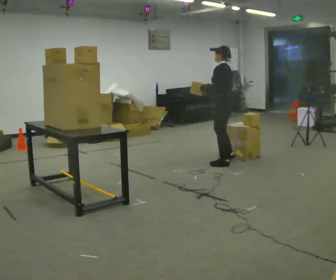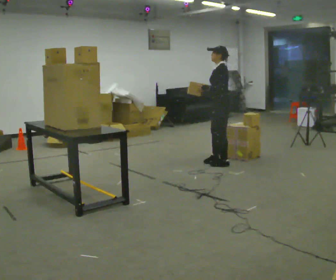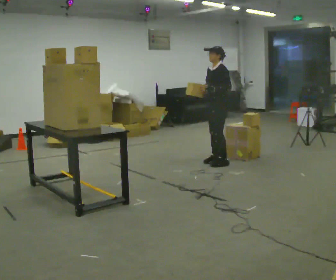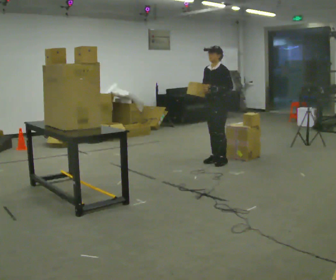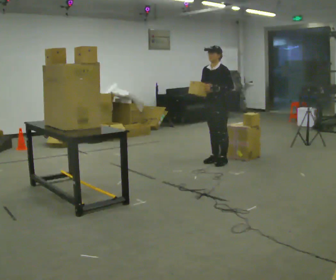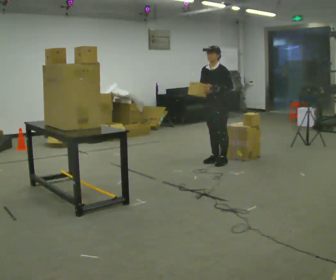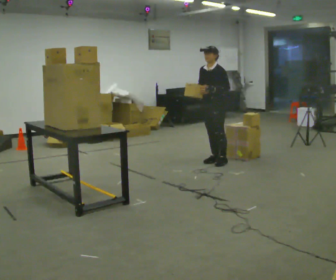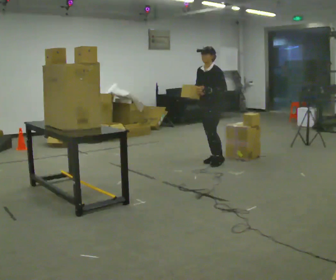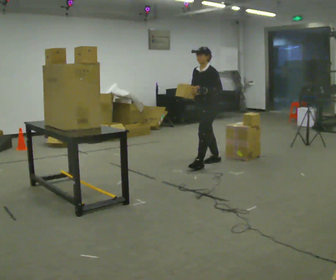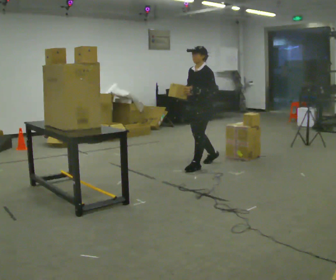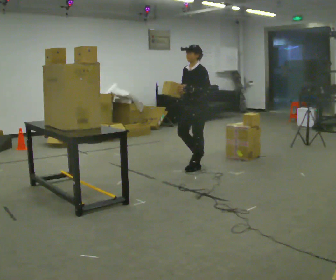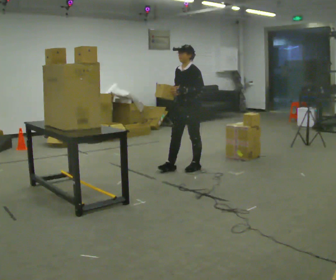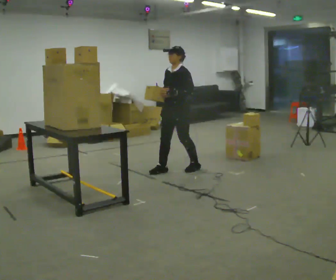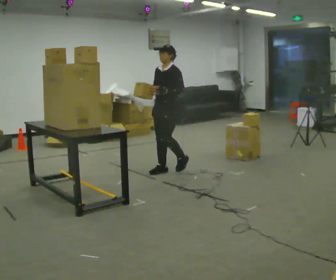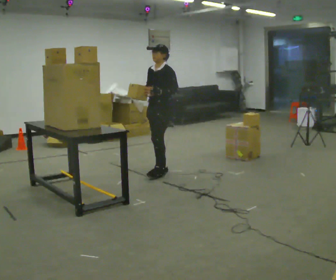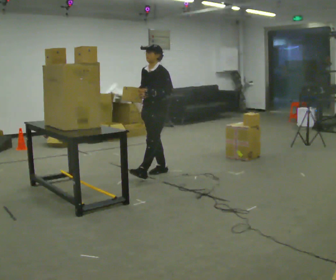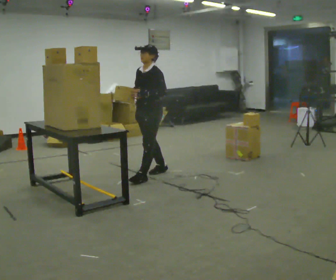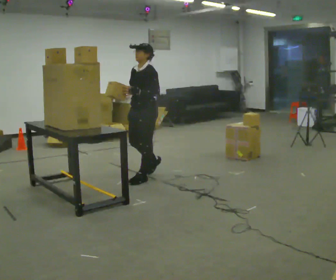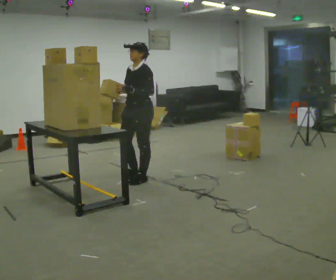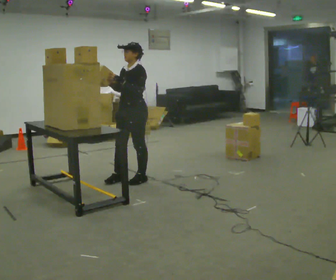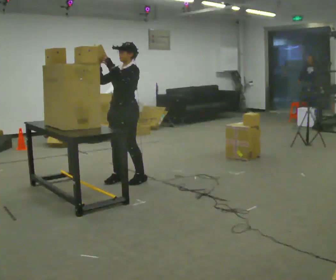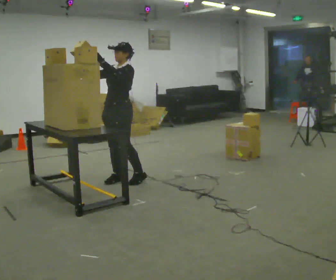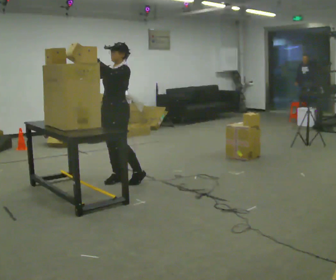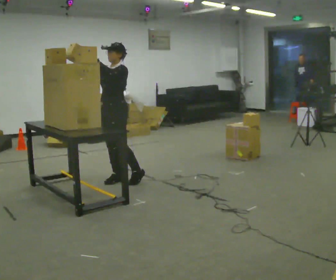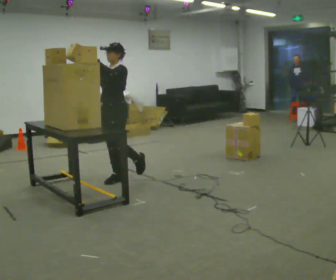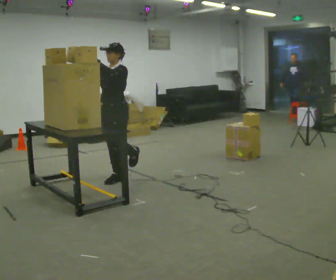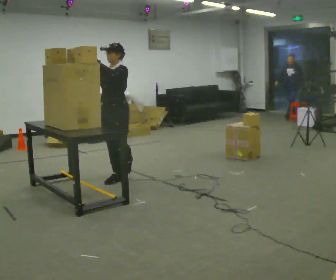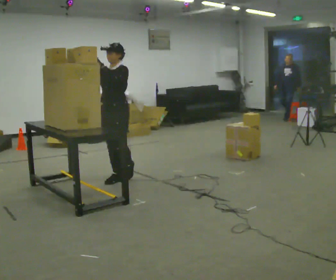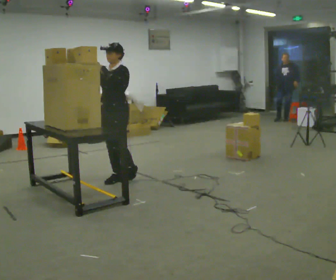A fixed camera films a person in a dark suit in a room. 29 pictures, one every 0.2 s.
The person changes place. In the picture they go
to the left.
0.0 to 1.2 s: Seen from above the body turns counterclockwise, about 60 degrees: to their left, with its near side sliding to the right.
1.2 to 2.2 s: In the picture they go to the left and toward the camera, about 0.5 m in 1 step, which for them is forward.
2.2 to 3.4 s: In the picture they go to the left and toward the camera, about 0.75 m in 2 steps, which for them is forward.
3.4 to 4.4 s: In the picture they go to the left, about 0.25 m in 1 step, which for them is forward. In the picture their right hand goes upward, the arm swinging clockwise.
4.4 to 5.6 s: The person moves a little, or ends about where they began.
The film runs forward here.
